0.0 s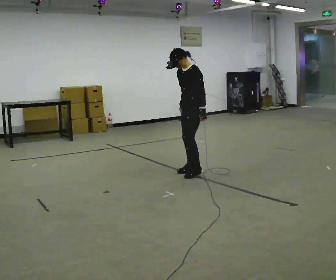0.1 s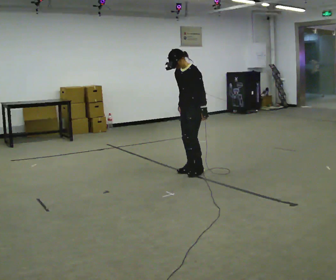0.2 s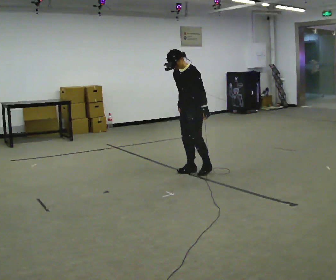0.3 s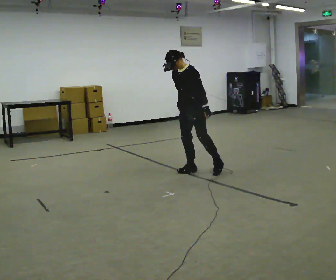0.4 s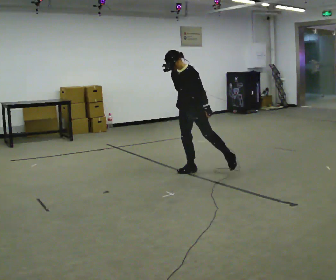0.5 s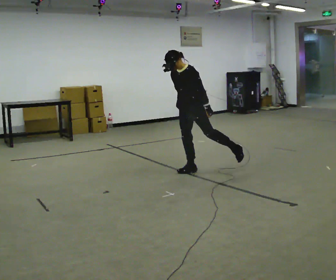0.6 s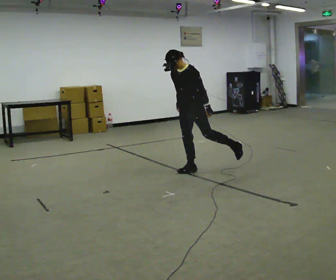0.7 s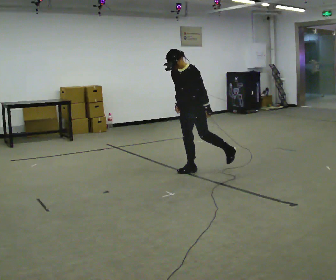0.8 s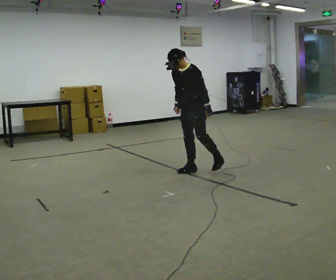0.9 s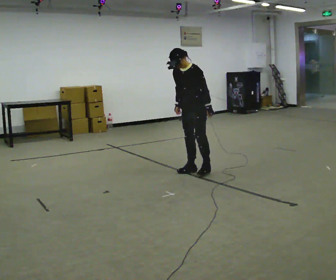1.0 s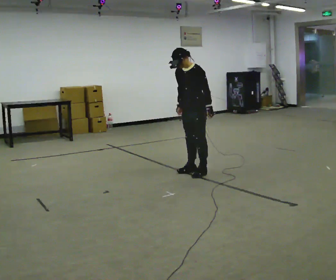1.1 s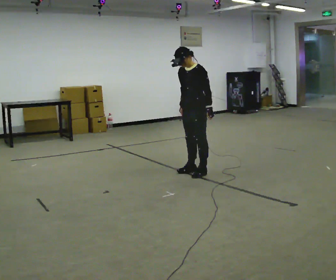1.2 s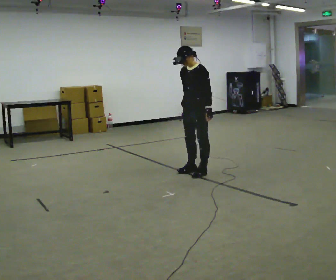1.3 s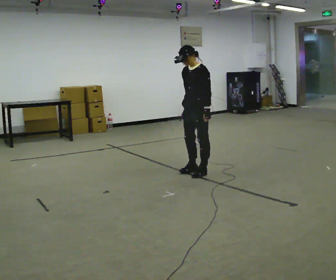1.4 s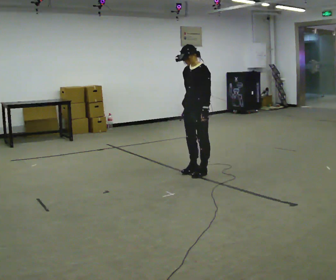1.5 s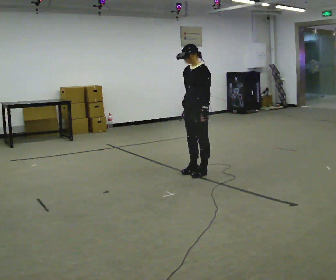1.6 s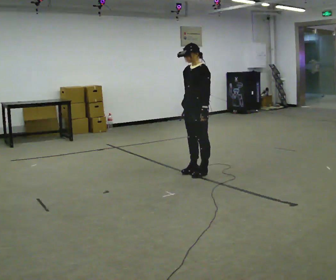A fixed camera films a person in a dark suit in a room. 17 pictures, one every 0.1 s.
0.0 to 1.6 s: The person moves a little, or ends about where they began.
The film runs forward here.
